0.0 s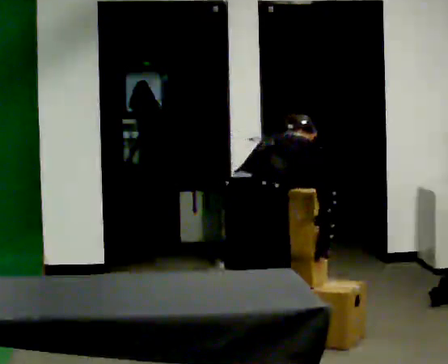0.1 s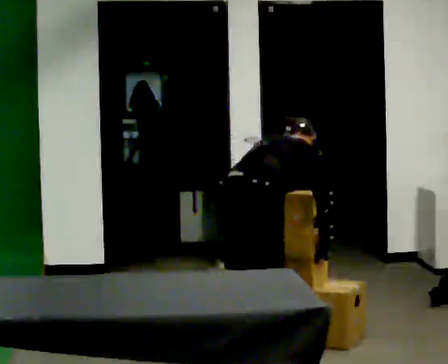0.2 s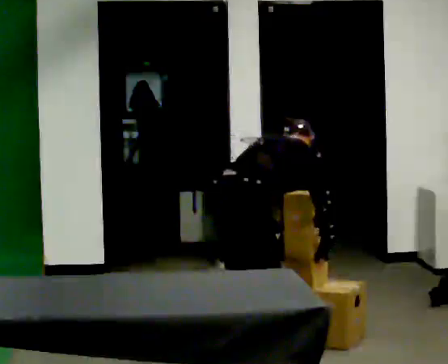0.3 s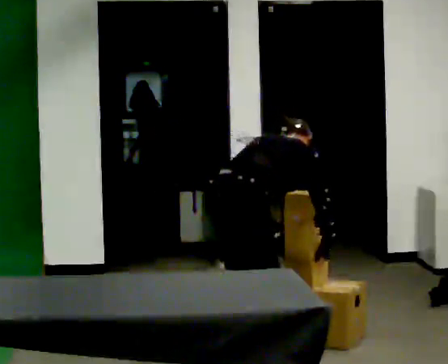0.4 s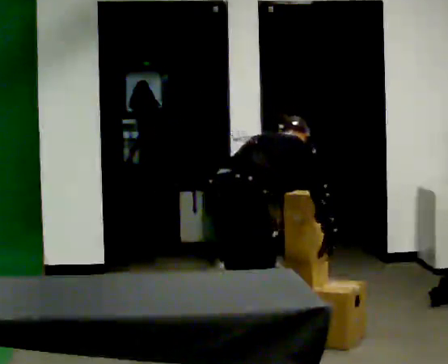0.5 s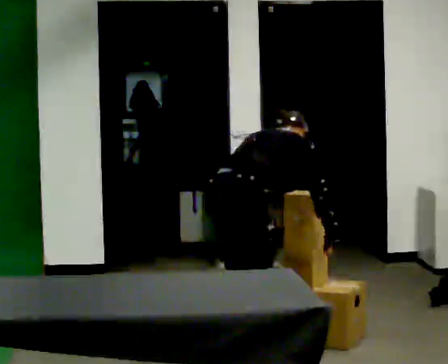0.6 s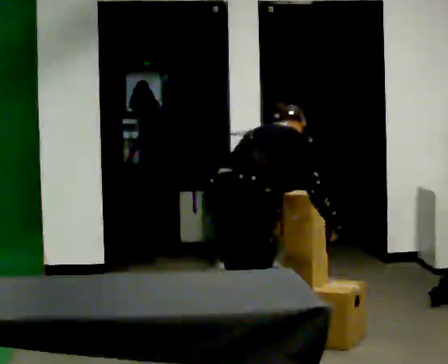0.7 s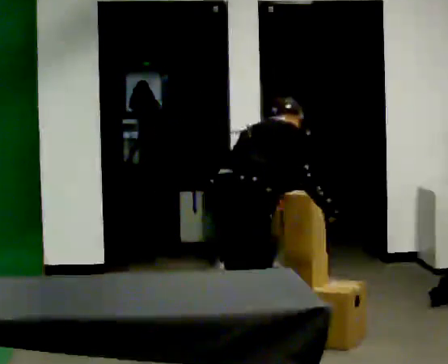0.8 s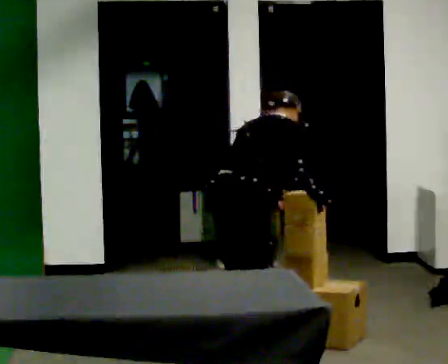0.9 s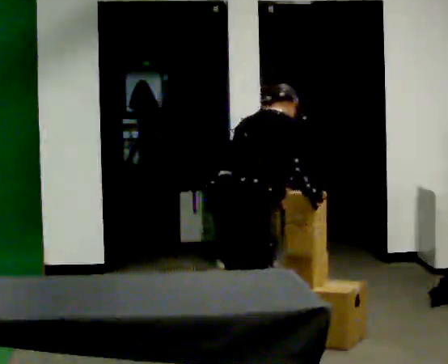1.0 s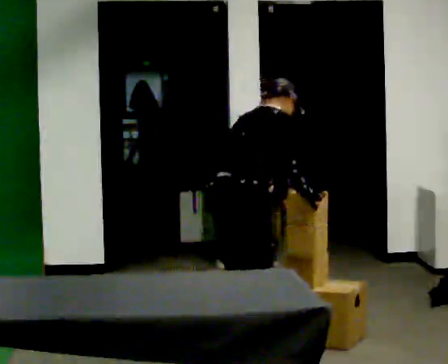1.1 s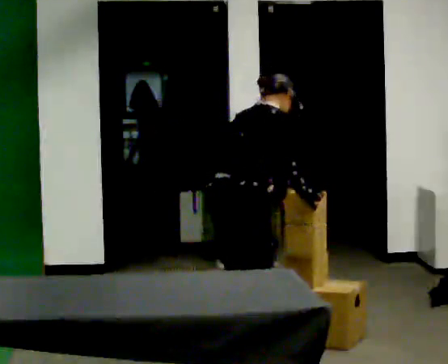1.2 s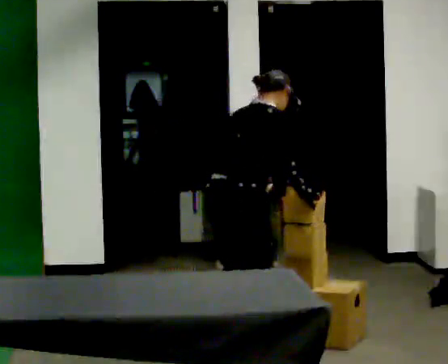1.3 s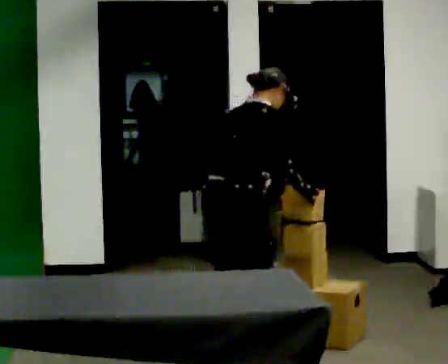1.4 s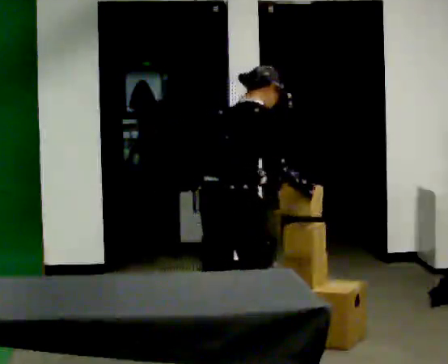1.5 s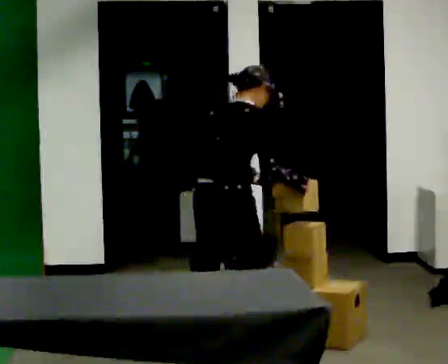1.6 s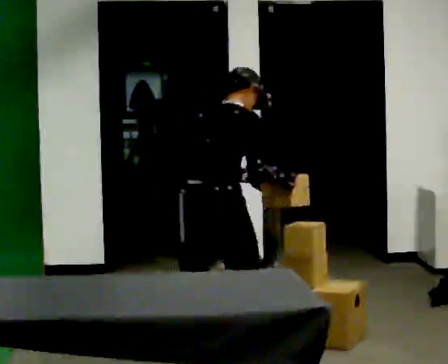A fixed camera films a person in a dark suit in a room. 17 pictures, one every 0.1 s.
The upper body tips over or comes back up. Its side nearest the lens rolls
downward.
0.0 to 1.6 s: In the picture they go to the left, about 0.25 m in 1 step, which for them is to their left. The shoulders move upward. The upper body tips toward the camera, its near side rolling downward, as they lean back or straighten.
The film runs backward here.
